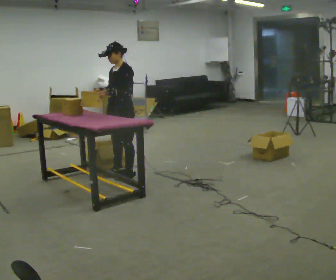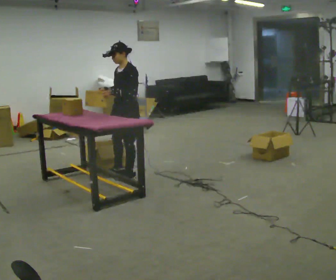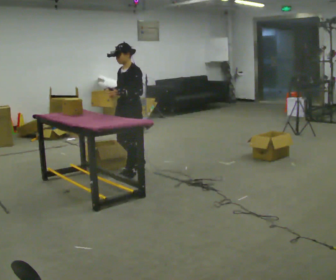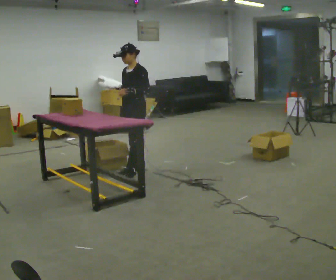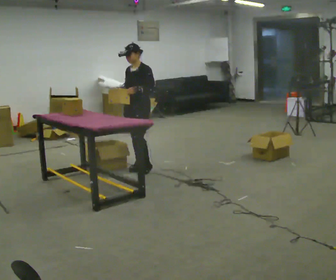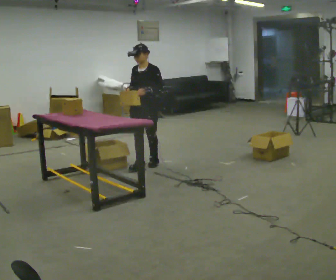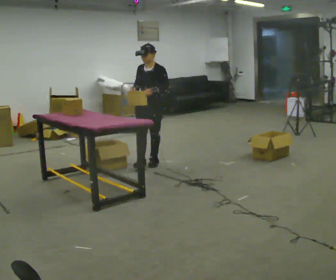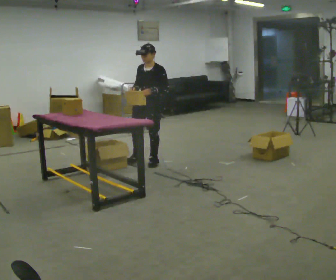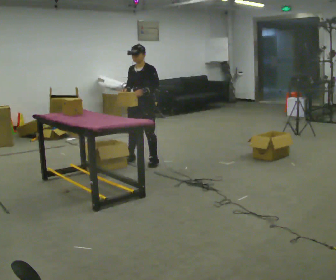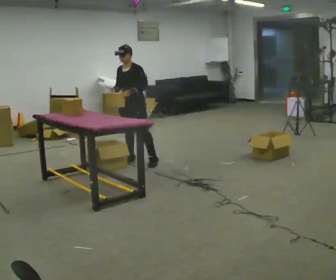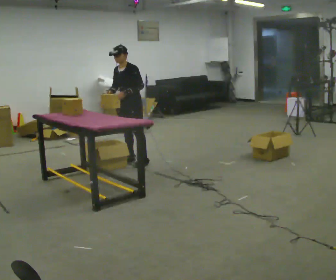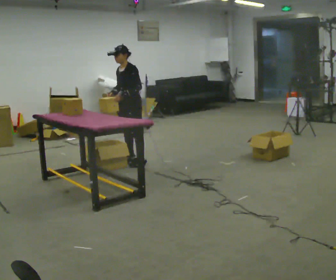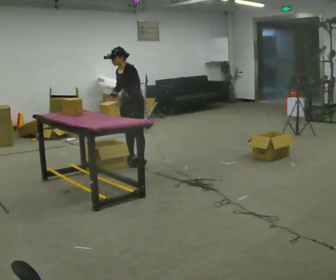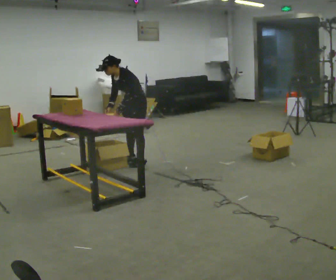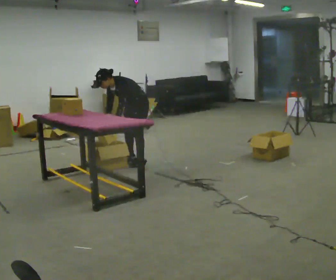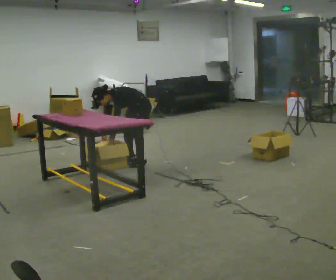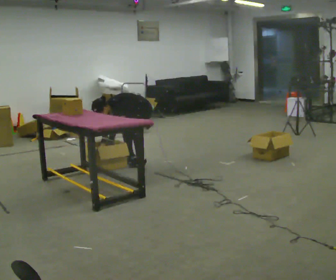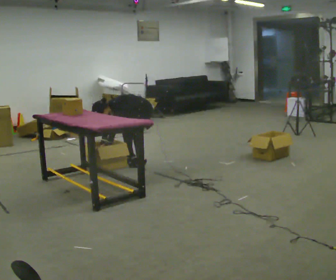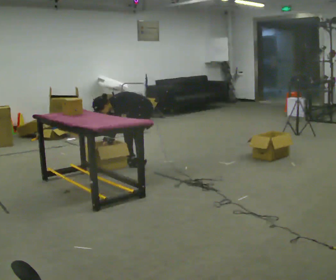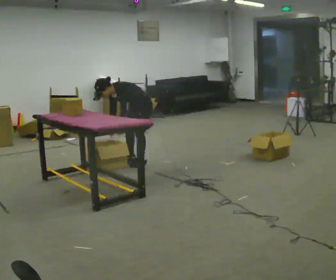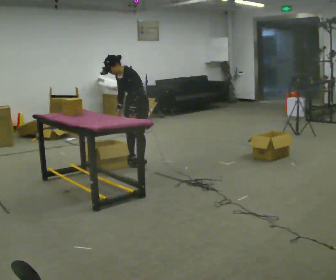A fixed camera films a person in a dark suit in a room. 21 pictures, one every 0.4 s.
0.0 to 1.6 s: In the picture they go to the right and away from the camera, about 0.25 m in 2 steps, which for them is backward.
1.6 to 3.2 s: In the picture they go away from the camera, about 0.25 m in 1 step, which for them is backward.
3.2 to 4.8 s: In the picture the upper body tilts counterclockwise, shoulders to the left.
4.8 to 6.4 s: The shoulders move downward. In the picture the upper body tilts counterclockwise, shoulders to the left, as they bend forward. In the picture their right hand goes downward.
6.4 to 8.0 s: The shoulders move upward. In the picture the upper body tilts clockwise, shoulders to the right, as they lean back or straighten. In the picture their right hand goes upward.
The film runs backward here.
